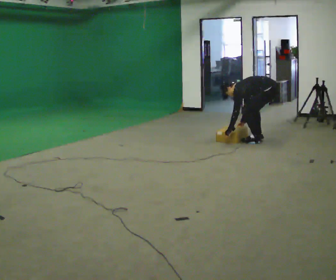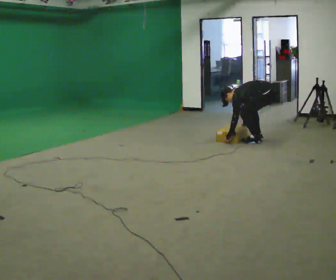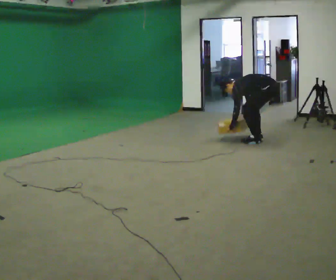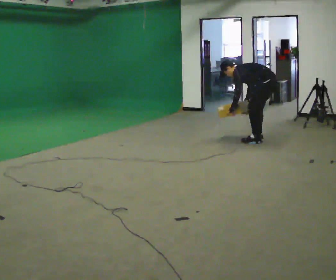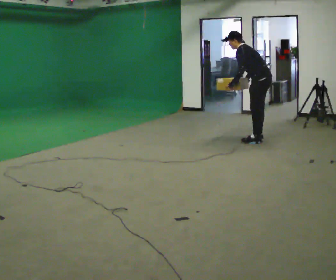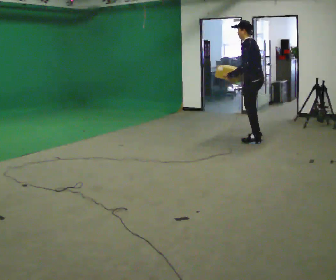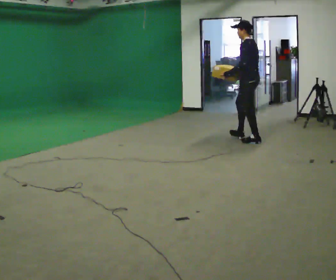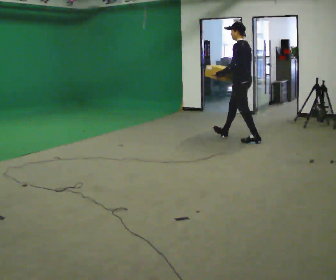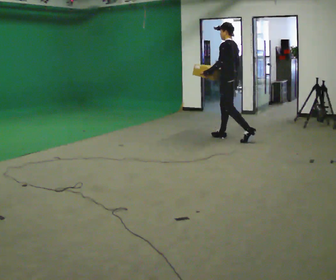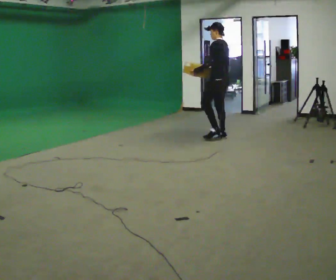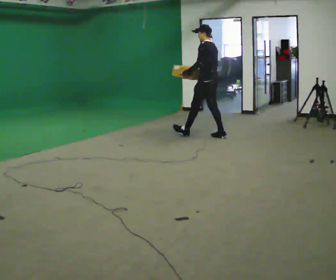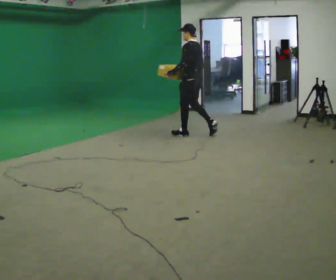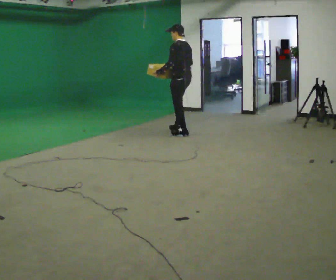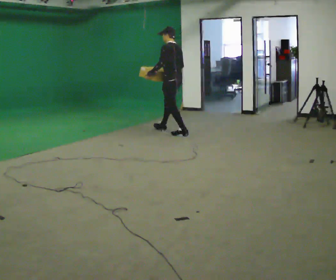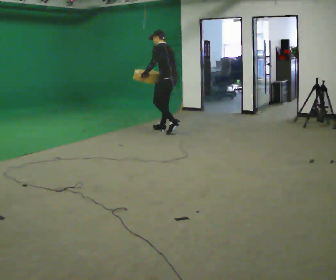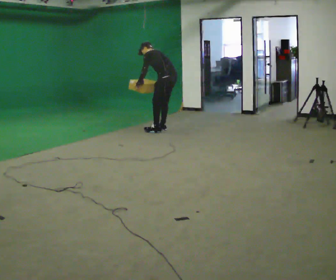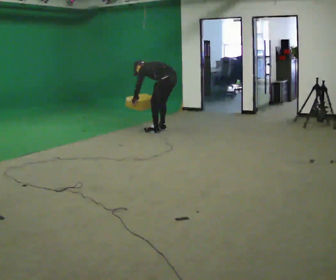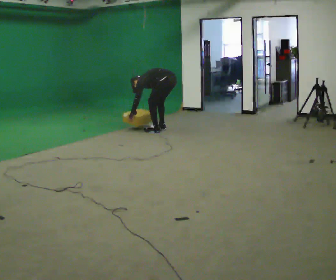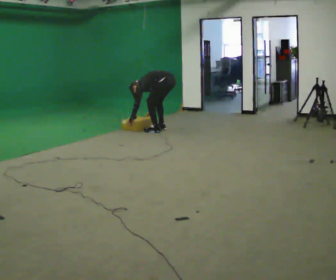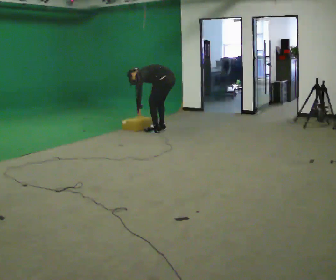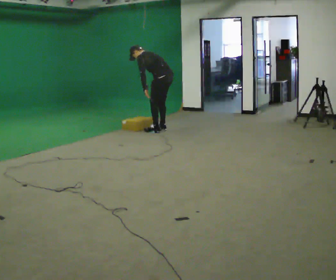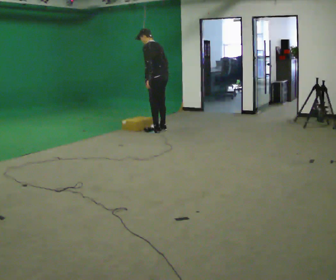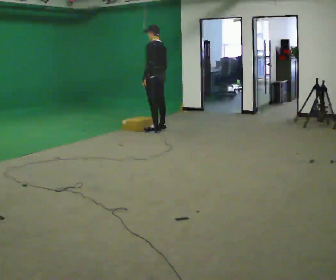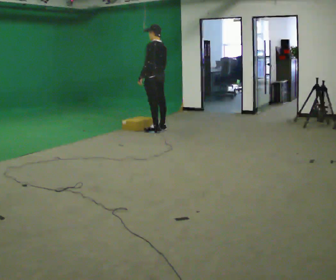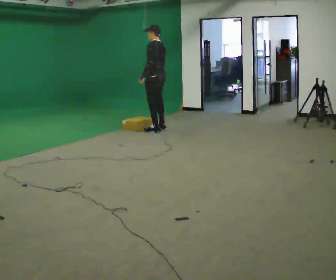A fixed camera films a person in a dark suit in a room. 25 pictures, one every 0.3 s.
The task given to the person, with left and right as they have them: Start still; walk straight at normal comfortable speed; stop at endpoint.
0.0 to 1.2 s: The upper body goes upward. In the picture the upper body tilts clockwise, shoulders to the right, as they lean back or straighten. In the picture their right hand goes upward.
1.2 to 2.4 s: In the picture they go to the left and away from the camera, about 0.5 m in 1 step, which for them is forward. In the picture the upper body tilts clockwise, shoulders to the right, as they lean back or straighten.
2.4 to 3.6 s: In the picture they go to the left and away from the camera, about 1 m in 1 step, which for them is forward.
3.6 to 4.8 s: In the picture they go to the left and away from the camera, about 0.25 m in 2 steps, which for them is forward. The shoulders move downward. In the picture the upper body tilts counterclockwise, shoulders to the left, as they bend forward. In the picture their right hand goes downward.
4.8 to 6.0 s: The person moves a little, or ends about where they began.
6.0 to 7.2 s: The shoulders move upward. In the picture the upper body tilts clockwise, shoulders to the right, as they lean back or straighten.
The film runs forward here.
